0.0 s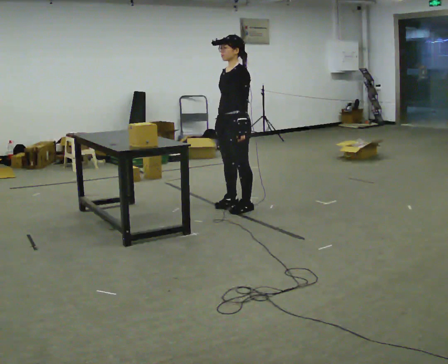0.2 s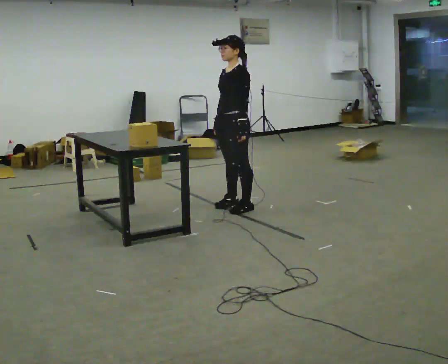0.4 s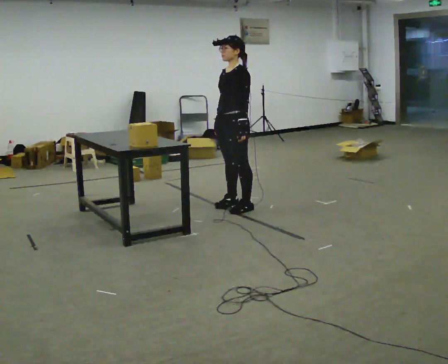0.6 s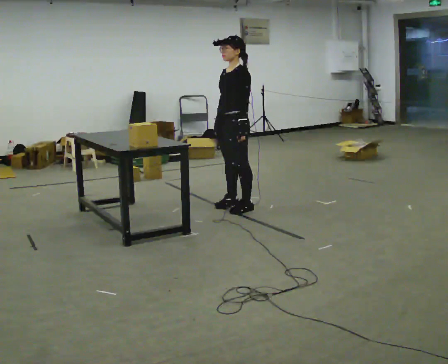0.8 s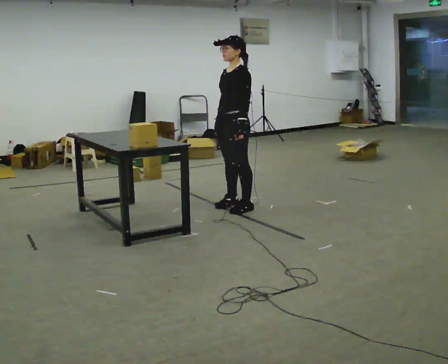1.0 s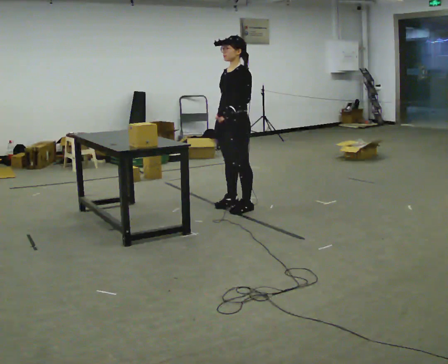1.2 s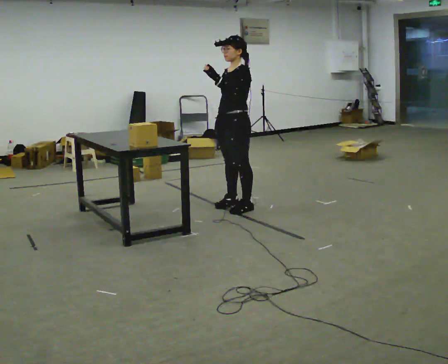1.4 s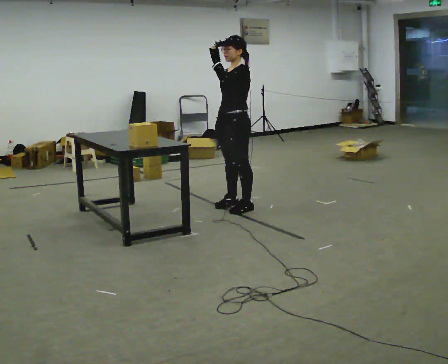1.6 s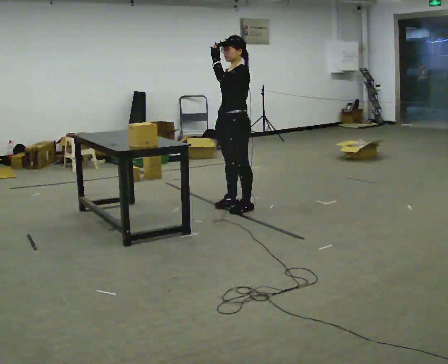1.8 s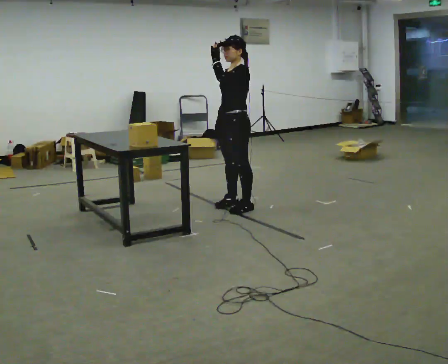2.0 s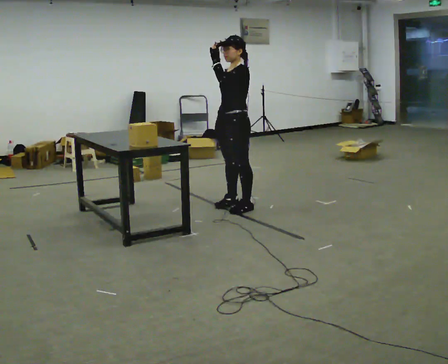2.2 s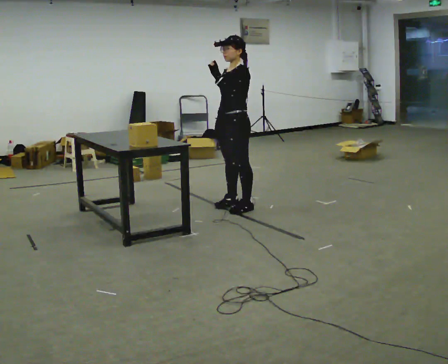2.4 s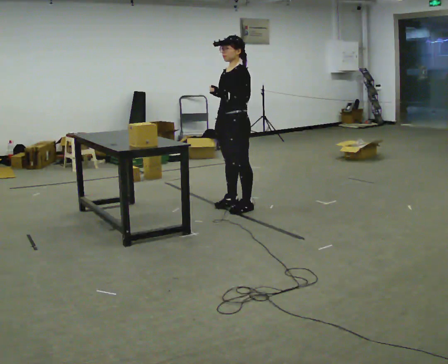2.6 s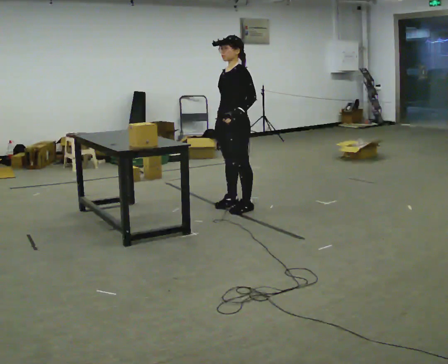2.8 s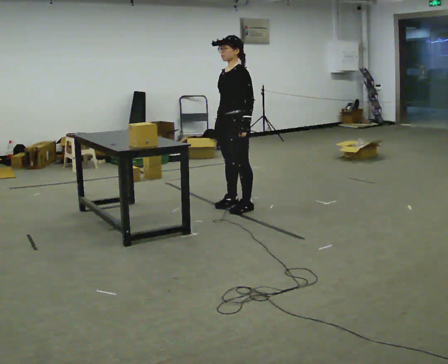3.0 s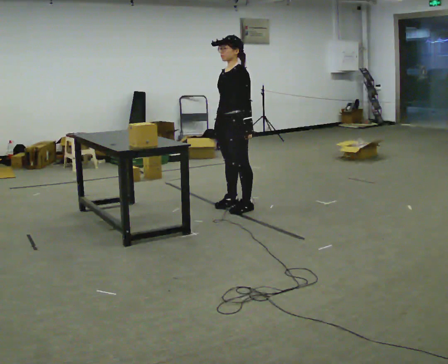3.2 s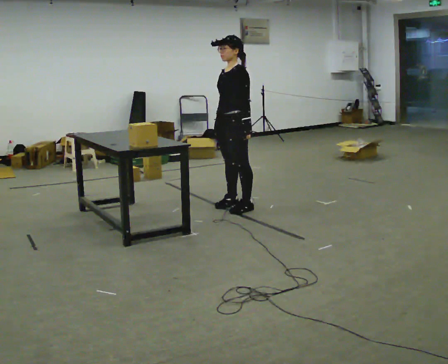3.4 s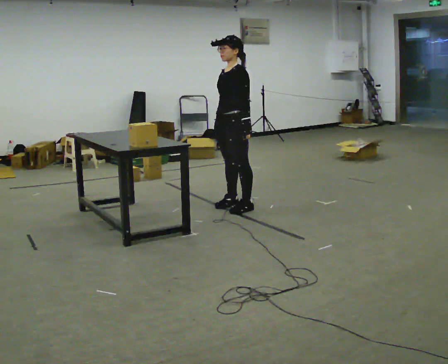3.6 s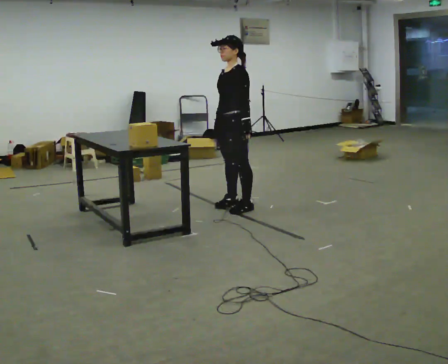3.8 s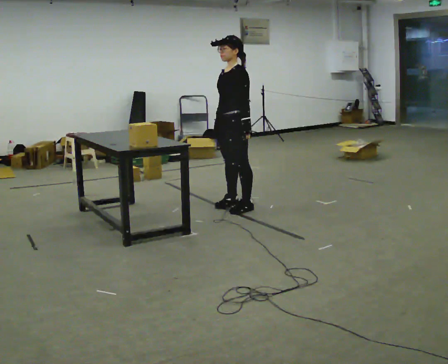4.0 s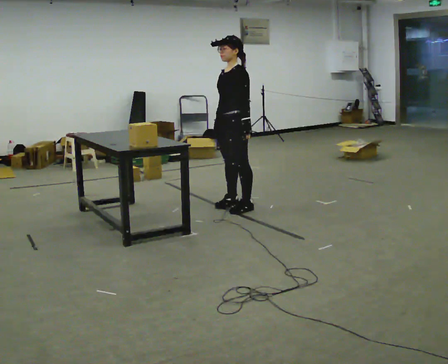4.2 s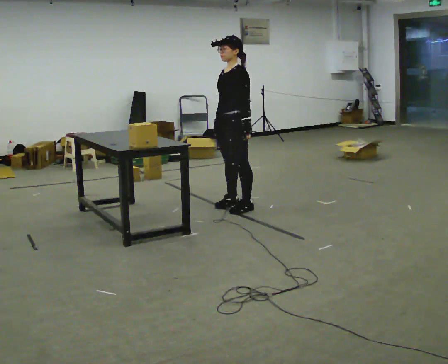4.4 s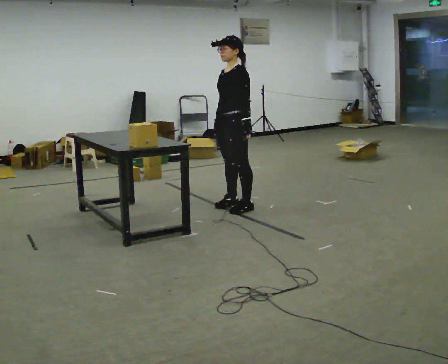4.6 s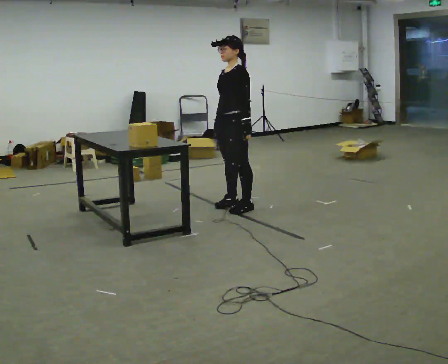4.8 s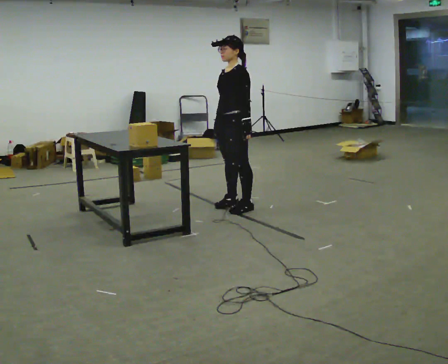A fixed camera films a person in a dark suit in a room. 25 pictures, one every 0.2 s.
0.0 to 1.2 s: In the picture their left hand goes upward.
1.2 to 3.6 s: In the picture their left hand goes downward.
3.6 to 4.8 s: The person keeps their place and pose.
The film runs forward here.
